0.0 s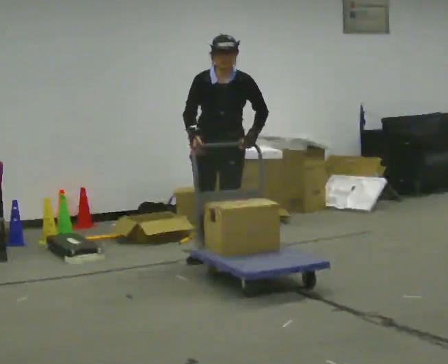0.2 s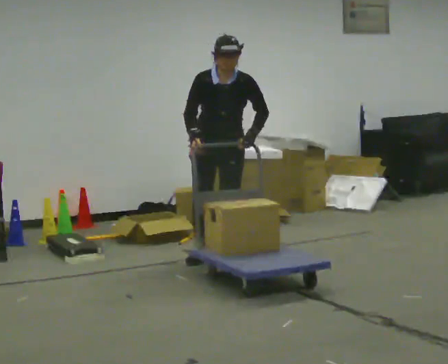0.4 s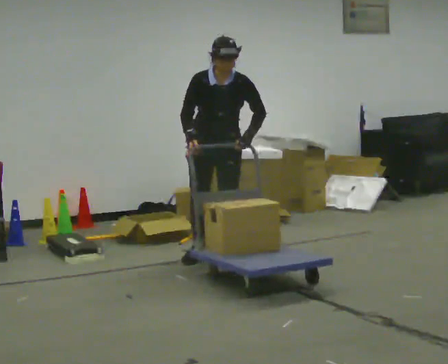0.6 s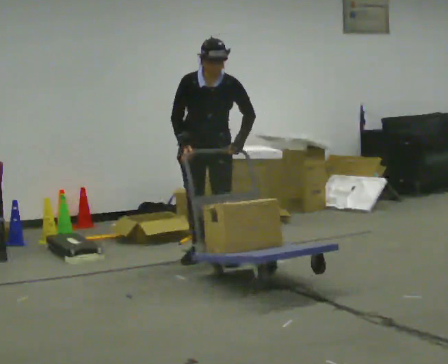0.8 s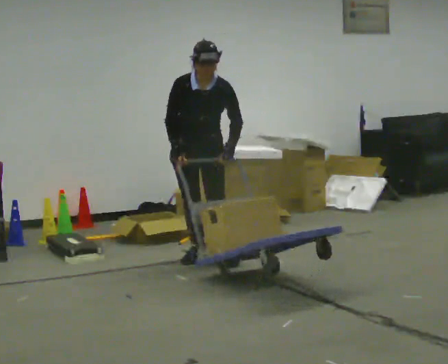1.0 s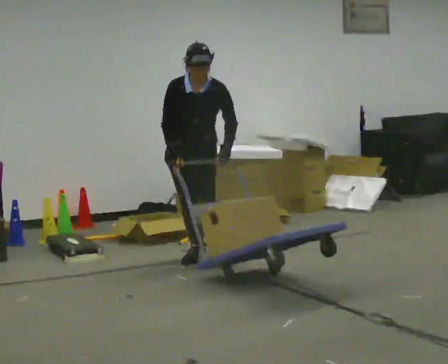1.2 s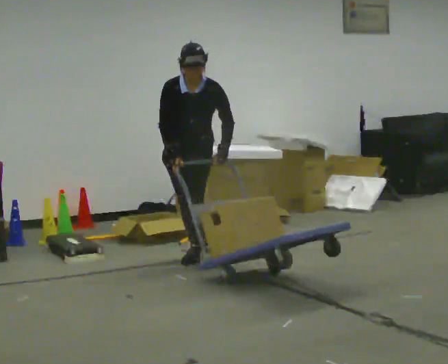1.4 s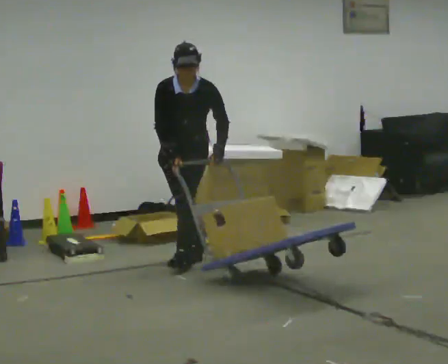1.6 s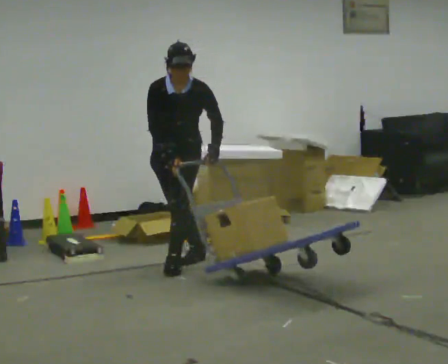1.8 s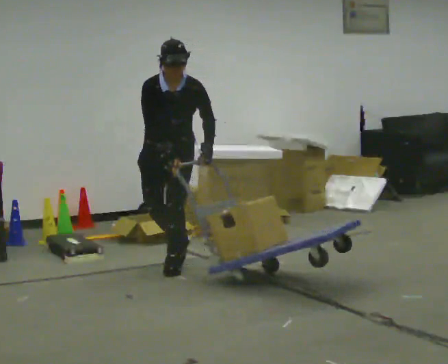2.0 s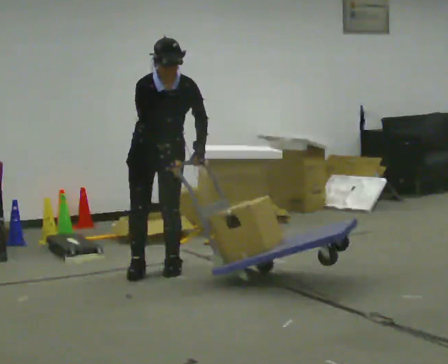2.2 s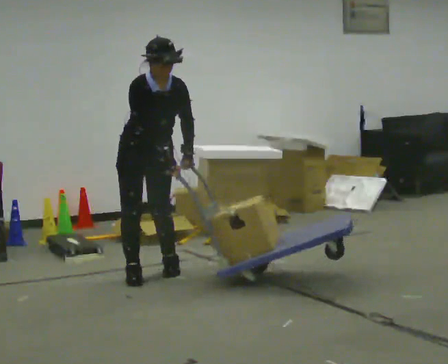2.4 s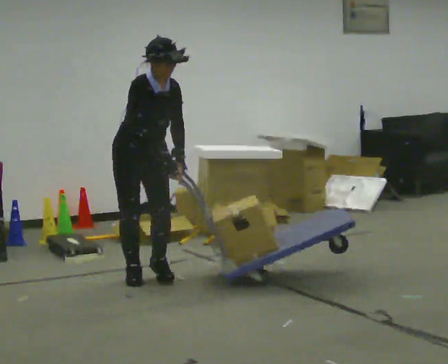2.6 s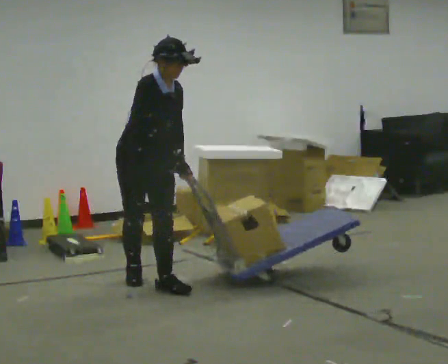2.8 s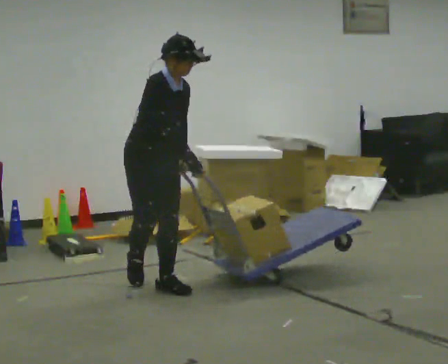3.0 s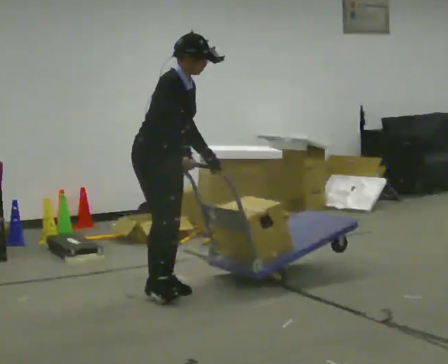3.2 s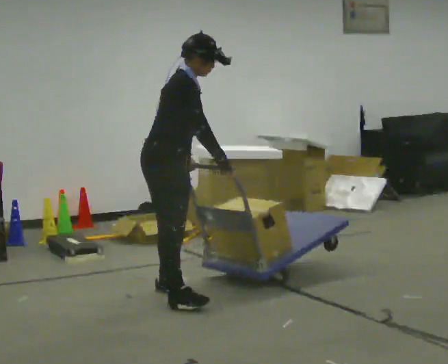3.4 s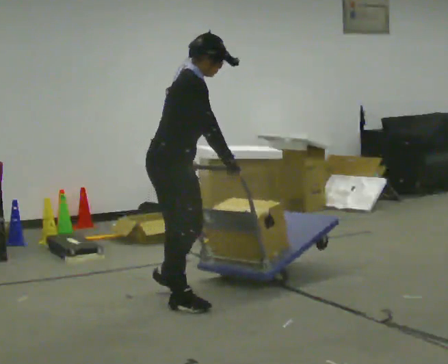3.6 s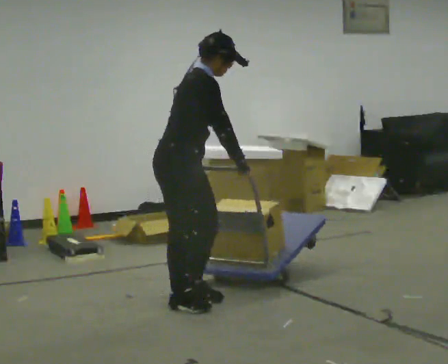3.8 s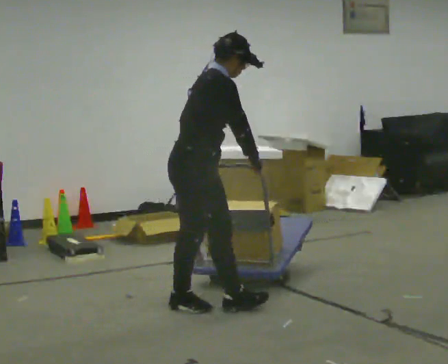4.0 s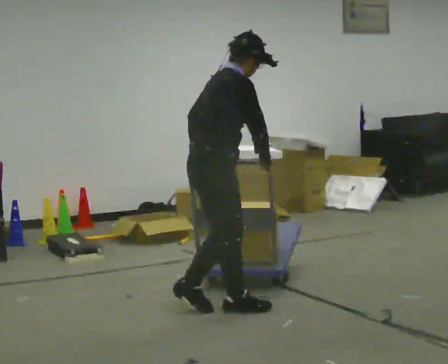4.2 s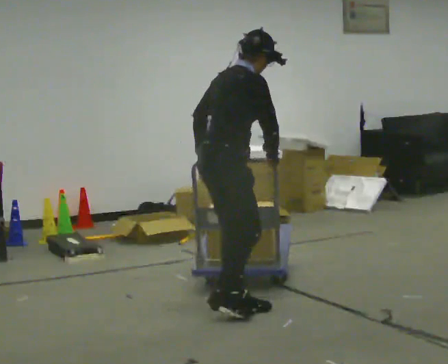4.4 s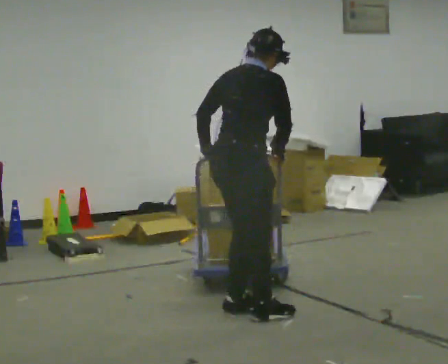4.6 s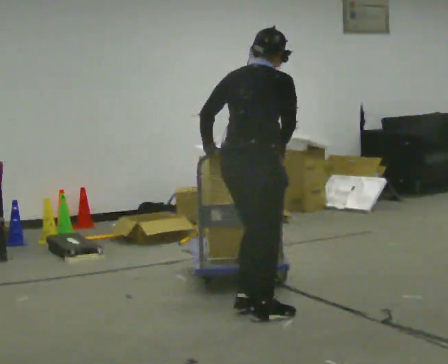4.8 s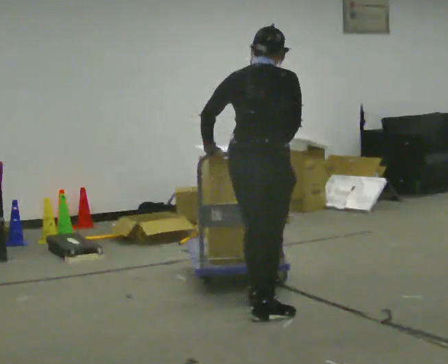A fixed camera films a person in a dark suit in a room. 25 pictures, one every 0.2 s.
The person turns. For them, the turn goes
to their left.
The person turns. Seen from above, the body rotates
counterclockwise.
0.0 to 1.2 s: In the picture they go to the left, about 0.25 m, which for them is to their right.
1.2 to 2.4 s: The part of the body nearest the lens slides to the right as the person turns to their left by about 45 degrees. In the picture they go toward the camera and to the left, about 0.75 m in 2 steps, which for them is forward.
2.4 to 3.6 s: Seen from above the body turns counterclockwise, about 45 degrees: to their left, with its near side sliding to the right. In the picture they go toward the camera and to the right, about 0.75 m in 2 steps, which for them is forward and to their right. The upper body tips away from the camera, its near side rolling upward.
3.6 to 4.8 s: The part of the body nearest the lens slides to the right as the person turns to their left by about 60 degrees. In the picture they go to the right and toward the camera, about 0.5 m in 2 steps.
The film runs forward here.
